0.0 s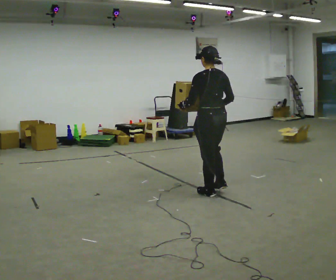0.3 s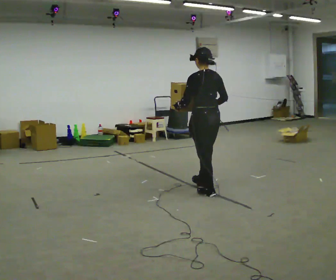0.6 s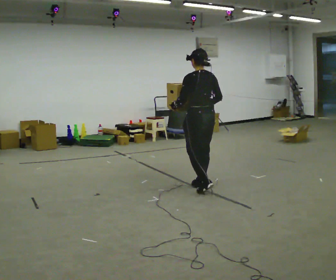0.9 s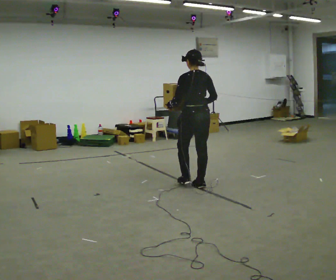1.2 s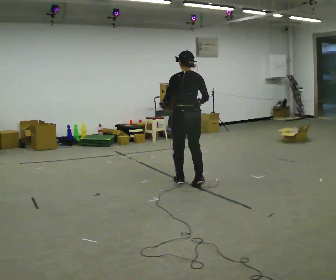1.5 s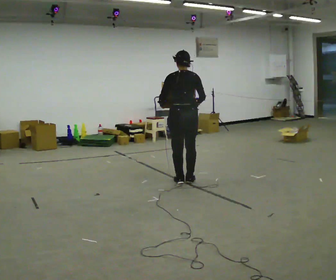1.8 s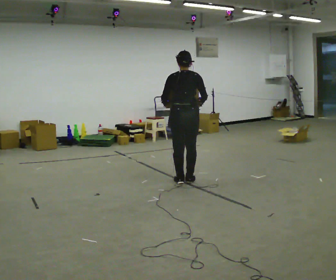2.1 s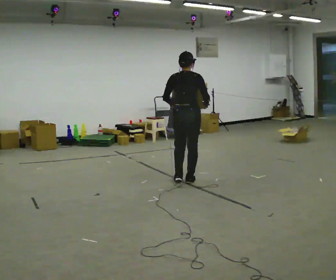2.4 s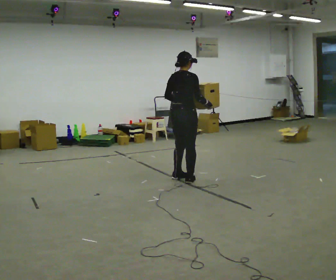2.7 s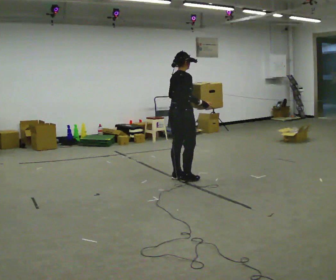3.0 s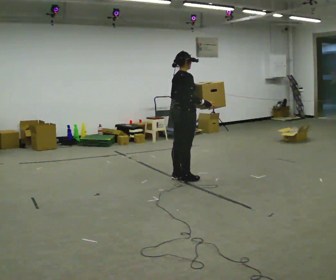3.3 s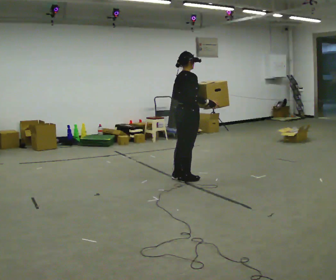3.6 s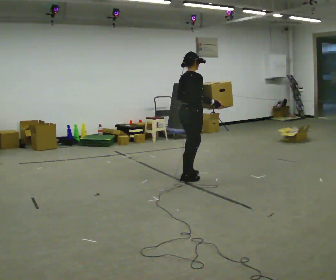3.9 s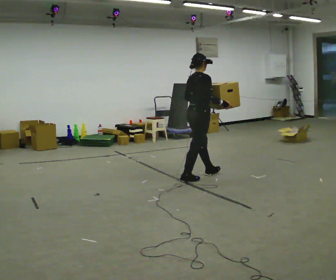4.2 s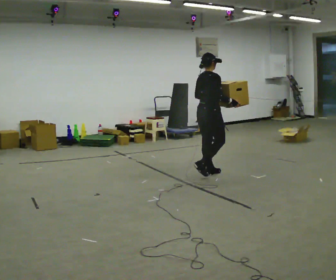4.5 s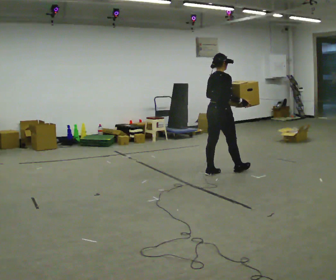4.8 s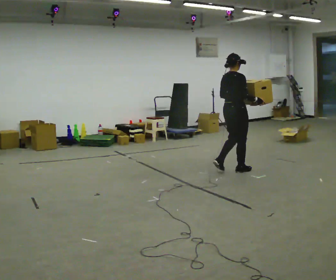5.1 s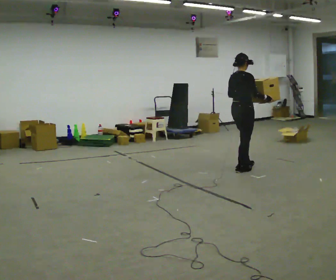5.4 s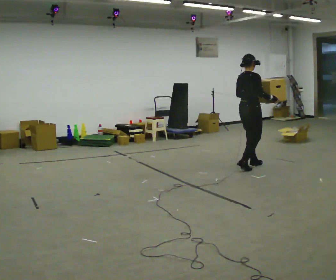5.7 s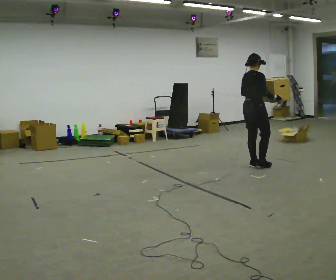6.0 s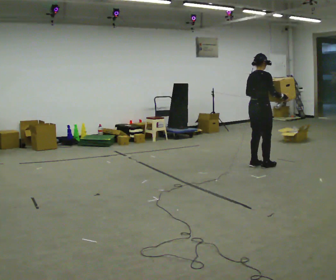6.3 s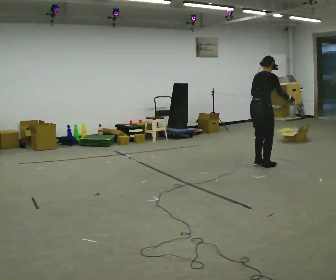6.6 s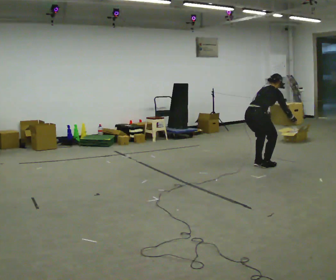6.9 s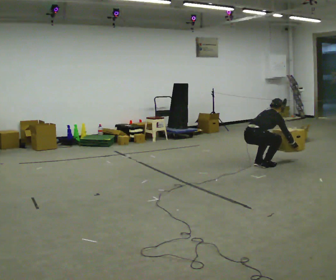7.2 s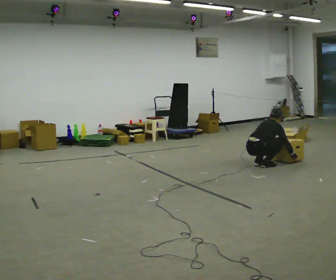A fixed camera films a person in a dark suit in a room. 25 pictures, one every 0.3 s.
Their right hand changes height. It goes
downward.
The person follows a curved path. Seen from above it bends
clockwise.
0.0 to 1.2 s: In the picture they go away from the camera and to the left, about 0.5 m in 2 steps, which for them is forward.
1.2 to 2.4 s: The part of the body nearest the lens slides to the left as the person turns to their right by about 60 degrees. In the picture they go away from the camera, about 0.25 m in 2 steps.
2.4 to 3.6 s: The person moves a little, or ends about where they began.
3.6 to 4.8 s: In the picture they go to the right and away from the camera, about 0.75 m in 2 steps, which for them is forward.
4.8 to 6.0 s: In the picture they go to the right and away from the camera, about 0.5 m in 2 steps, which for them is forward.
6.0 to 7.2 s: The shoulders move downward. In the picture the upper body tilts clockwise, shoulders to the right, as they bend forward. In the picture their right hand goes downward.
The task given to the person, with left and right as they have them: Carry the box along the marked route, turning 90 degrees at the corner the operator calls, and set it down at the end. Keep going until the operator says stop; one object at a time, and do not rush between trips.
The film runs forward here.
